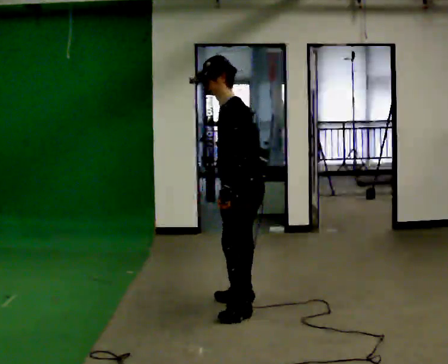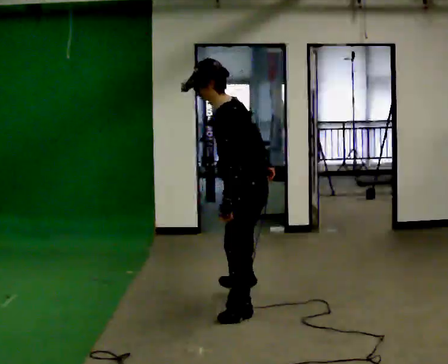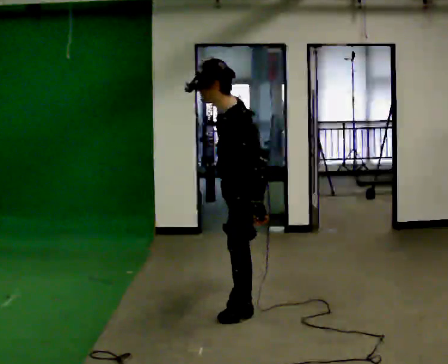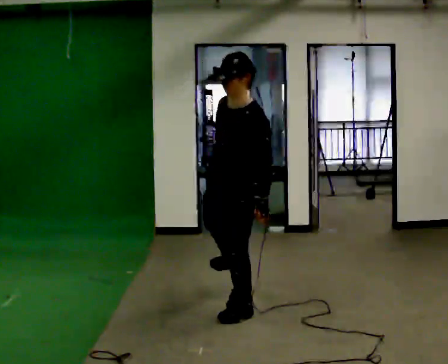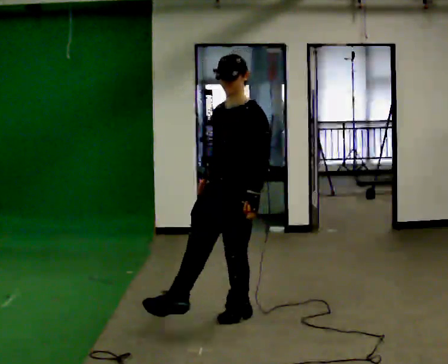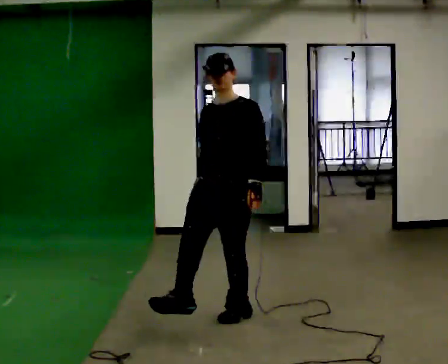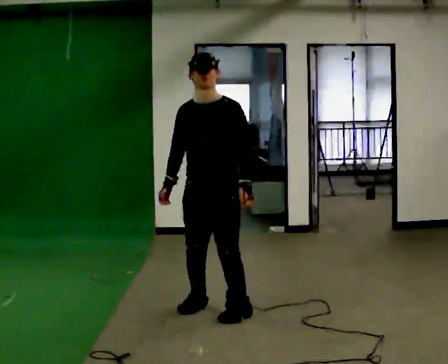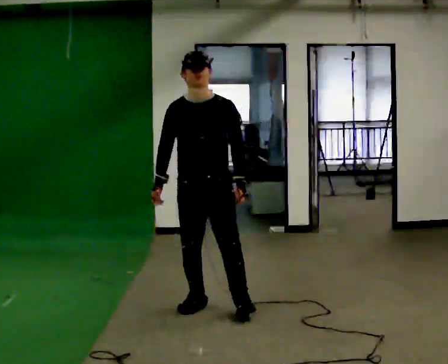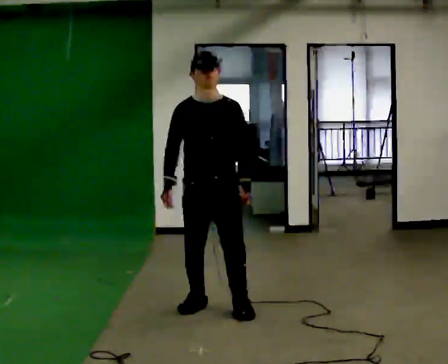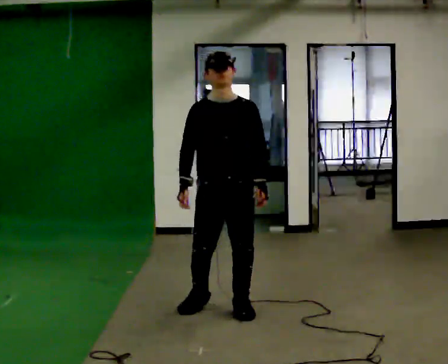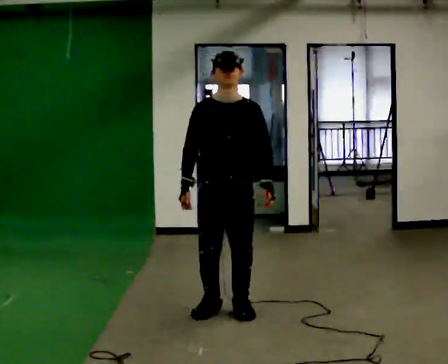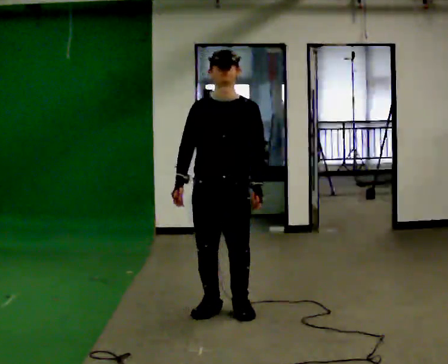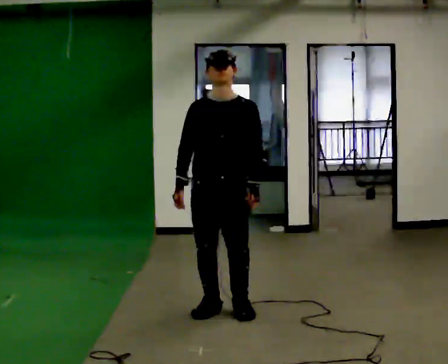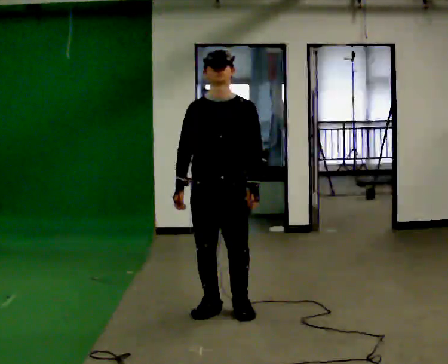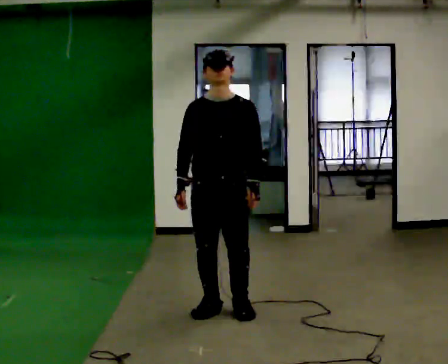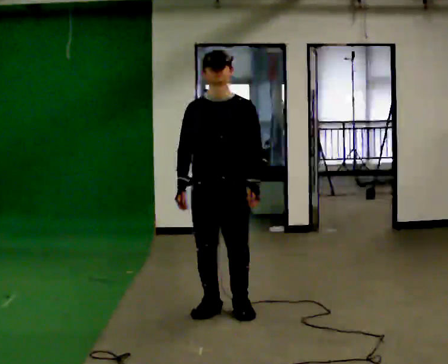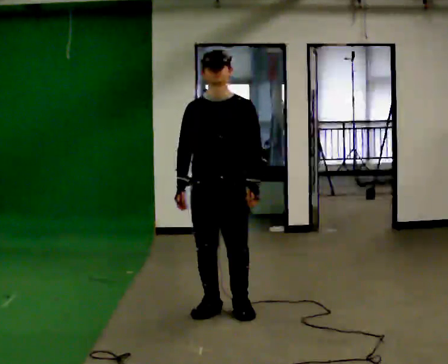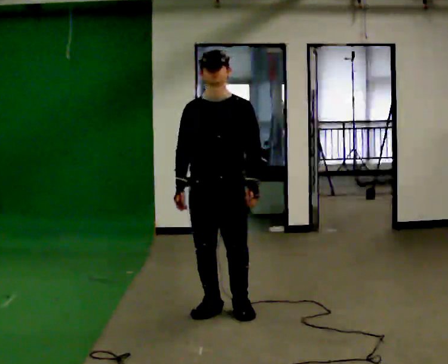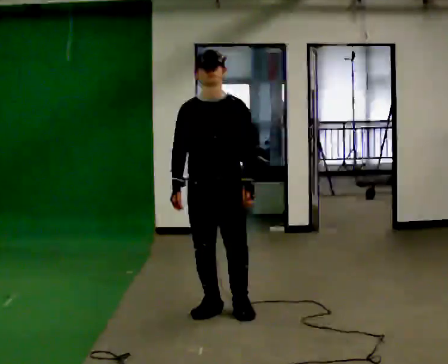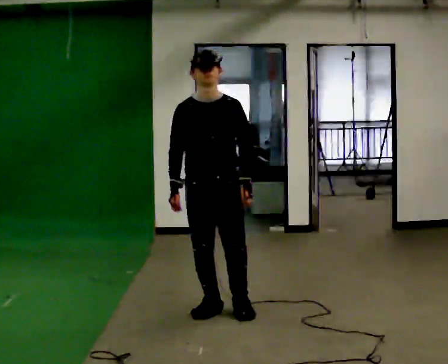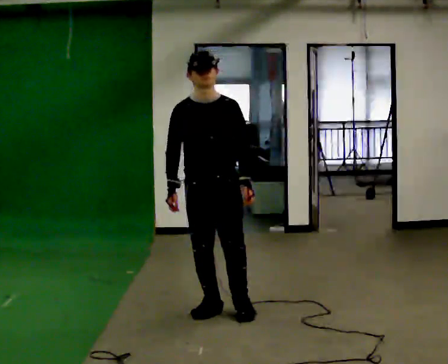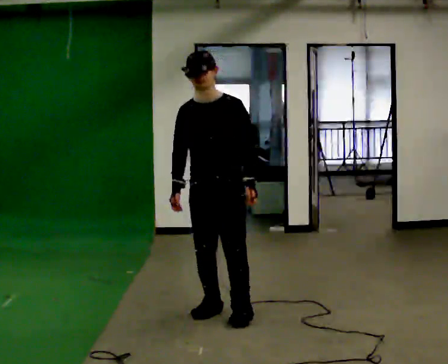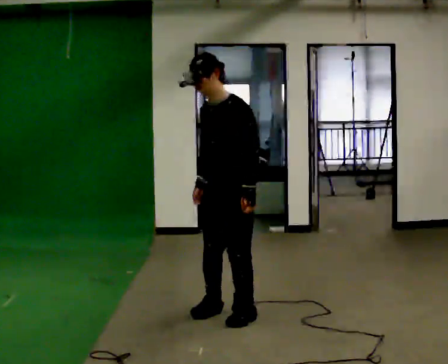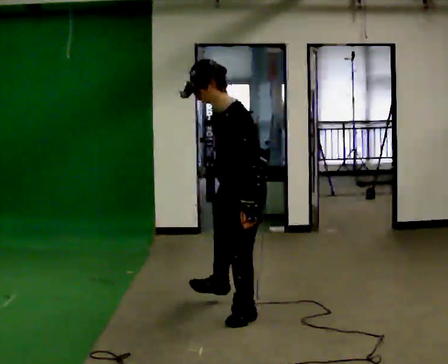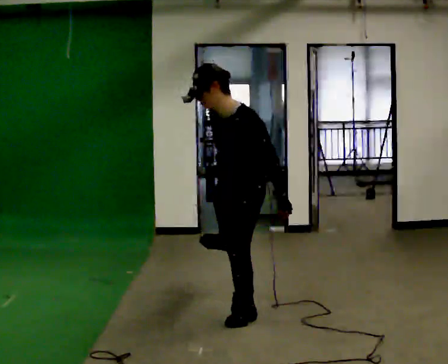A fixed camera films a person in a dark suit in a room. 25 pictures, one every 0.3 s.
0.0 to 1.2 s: The person turns about 30 degrees to their left, counterclockwise seen from above, so the part of the body nearest the lens slides to the right. In the picture they go toward the camera, about 0.25 m in 1 step, which for them is to their left and forward.
1.2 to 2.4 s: Seen from above the body turns counterclockwise, about 45 degrees: to their left, with its near side sliding to the right. In the picture they go to the left, about 0.25 m in 1 step, which for them is to their right.
2.4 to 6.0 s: The person moves a little, or ends about where they began.
6.0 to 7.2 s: Seen from above the body turns clockwise, about 60 degrees: to their right, with its near side sliding to the left. In the picture they go to the right, about 0.25 m in 1 step. The upper body tips toward the camera, its near side rolling downward, as they bend forward. In the picture their right hand goes to the right.
The film runs forward here.
